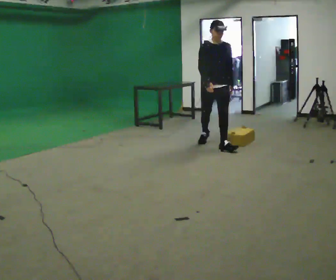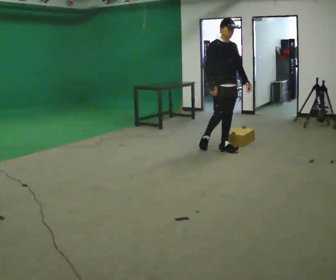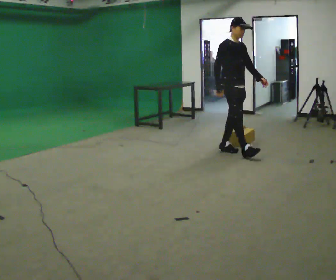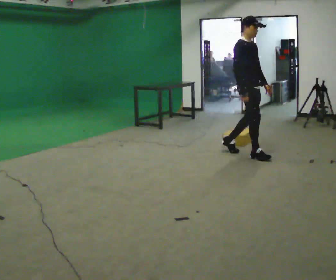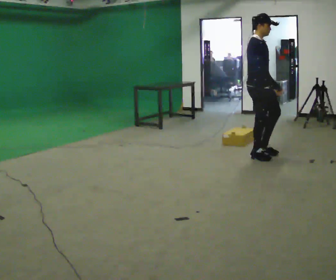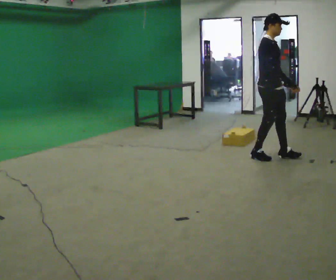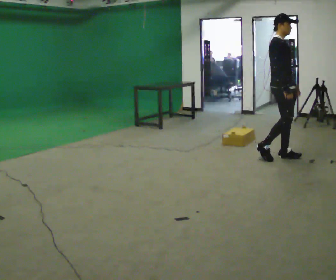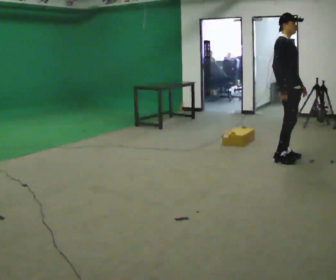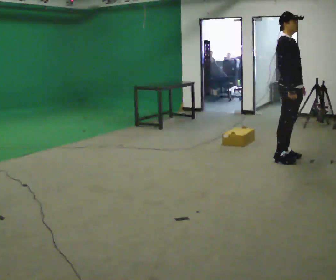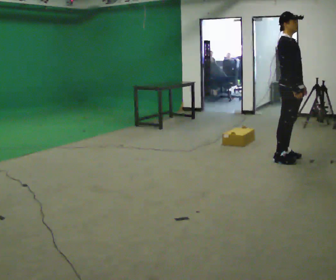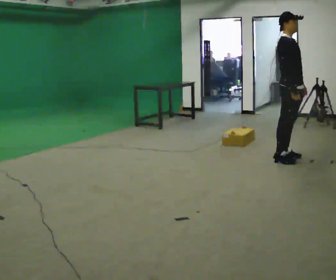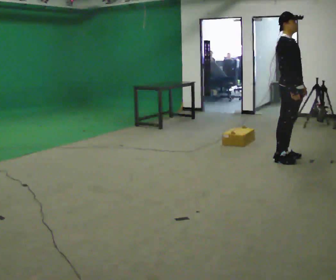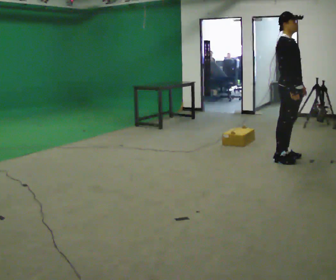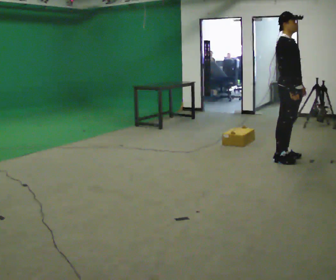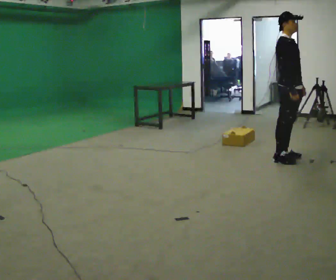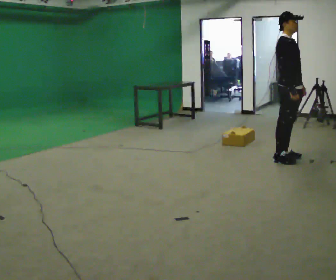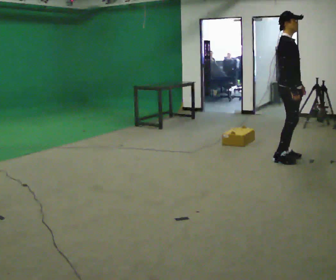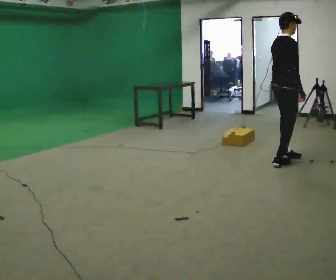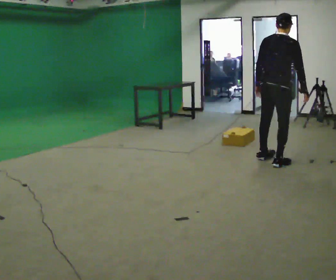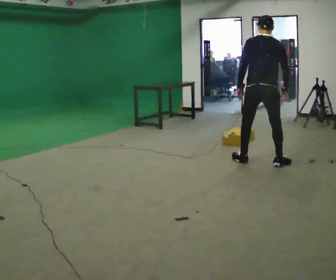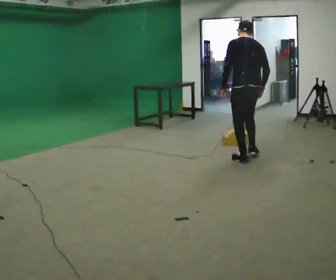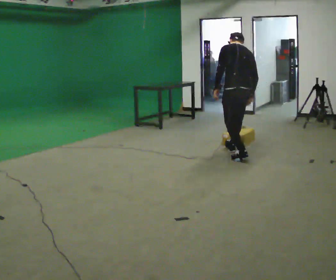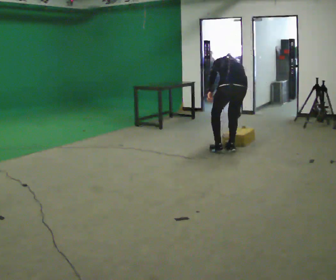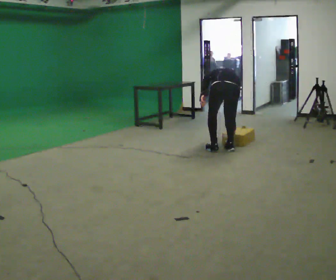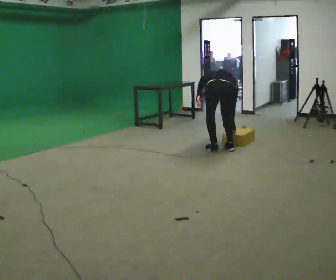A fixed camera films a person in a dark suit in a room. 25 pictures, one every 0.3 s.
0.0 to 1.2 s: The part of the body nearest the lens slides to the right as the person turns to their left by about 45 degrees. In the picture they go to the right and toward the camera, about 1 m in 1 step, which for them is forward.
1.2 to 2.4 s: In the picture they go to the right, about 0.5 m in 2 steps, which for them is forward.
2.4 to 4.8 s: The person moves a little, or ends about where they began.
4.8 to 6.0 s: The part of the body nearest the lens slides to the right as the person turns to their left by about 135 degrees. In the picture they go to the left, about 0.5 m in 2 steps.
6.0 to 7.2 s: In the picture they go to the left and away from the camera, about 0.5 m in 2 steps, which for them is forward and to their left. The shoulders move downward. The upper body tips away from the camera, its near side rolling upward, as they bend forward.
The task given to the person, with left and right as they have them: Walk quickly but do not run; remain comfortable and controlled; stop.
The film runs forward here.
